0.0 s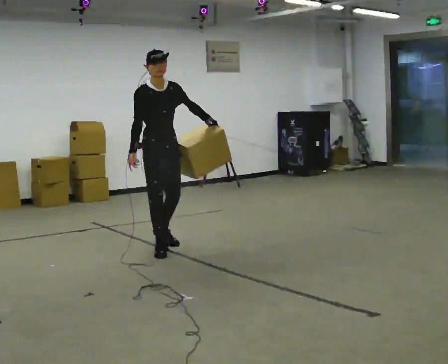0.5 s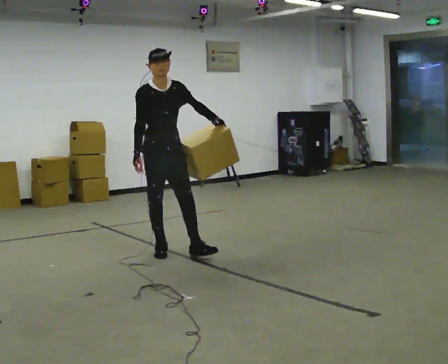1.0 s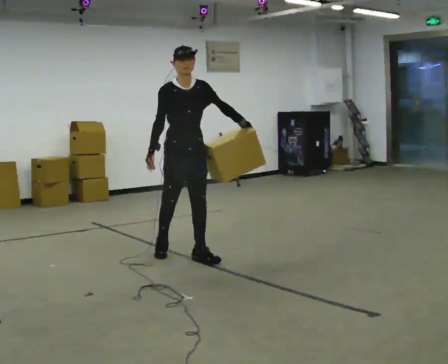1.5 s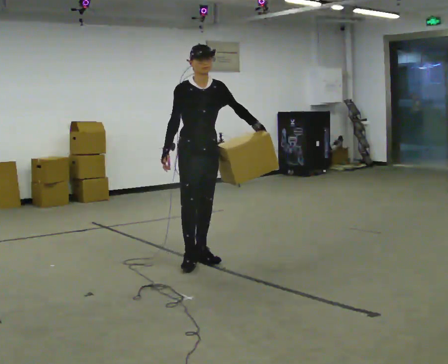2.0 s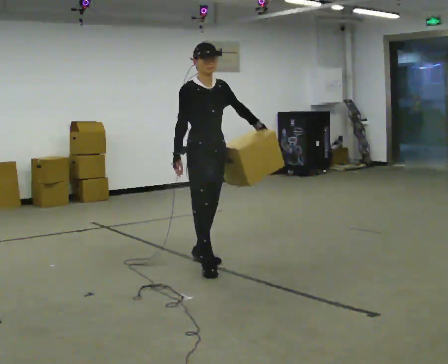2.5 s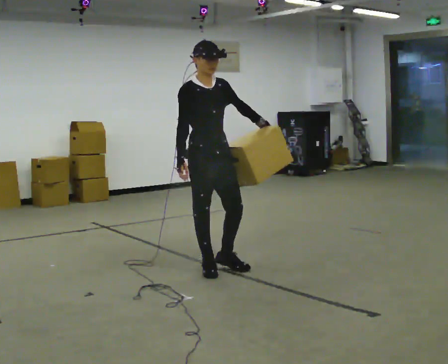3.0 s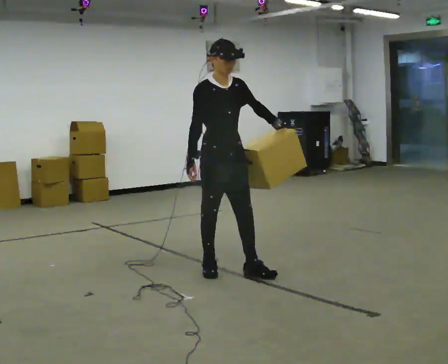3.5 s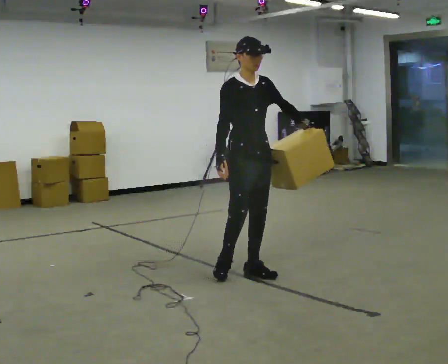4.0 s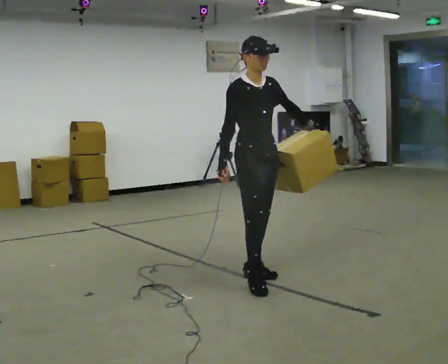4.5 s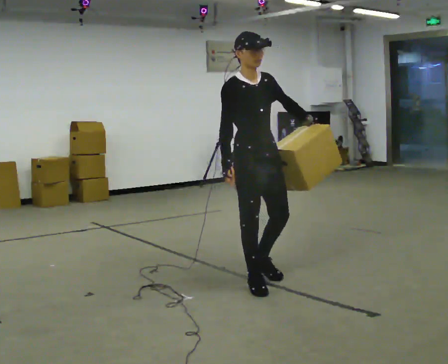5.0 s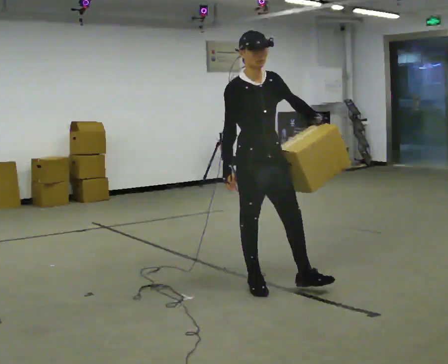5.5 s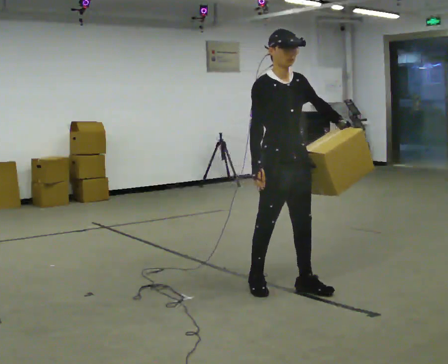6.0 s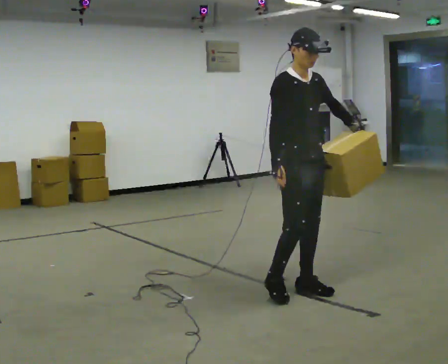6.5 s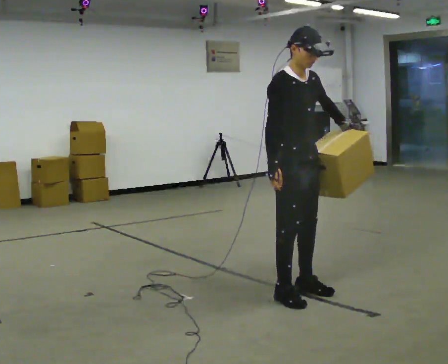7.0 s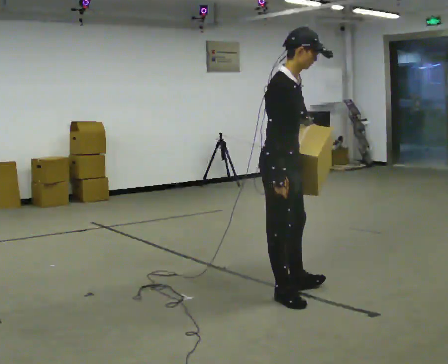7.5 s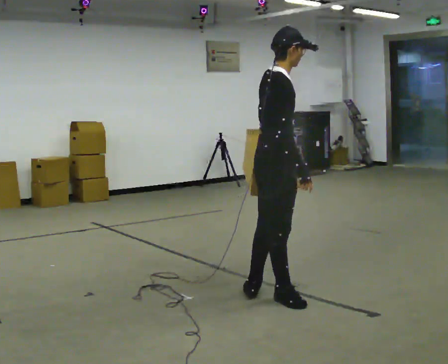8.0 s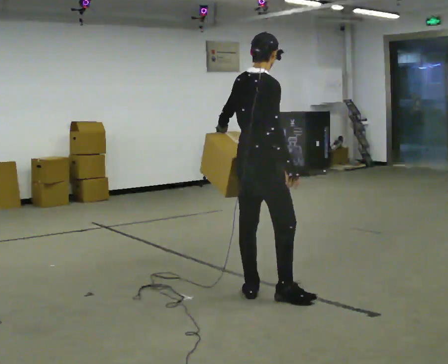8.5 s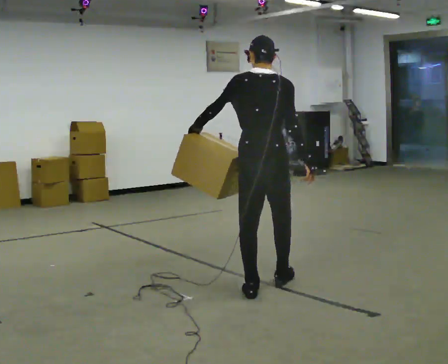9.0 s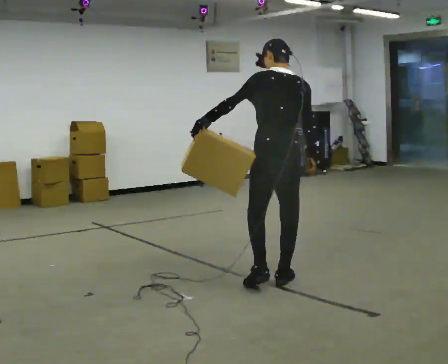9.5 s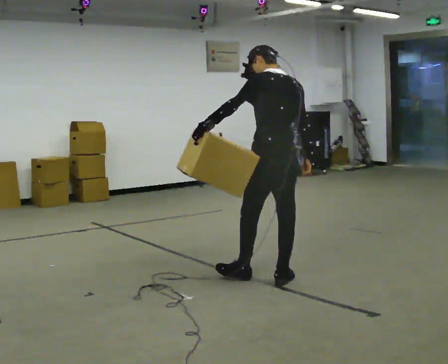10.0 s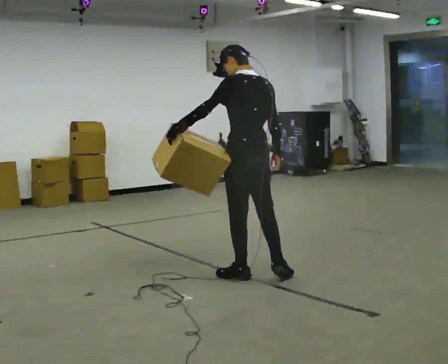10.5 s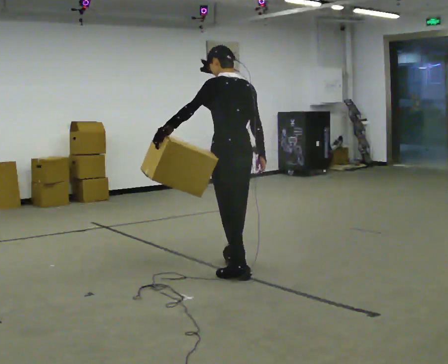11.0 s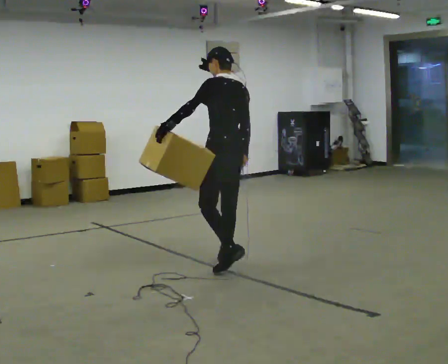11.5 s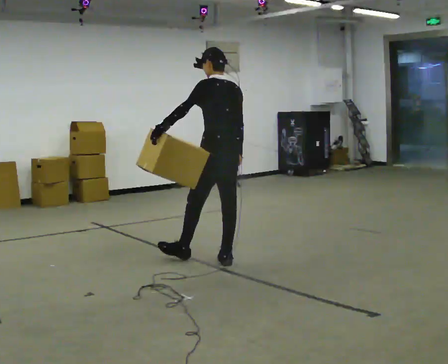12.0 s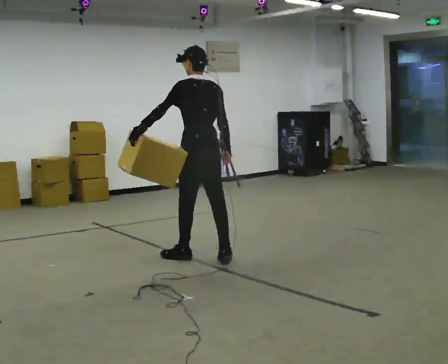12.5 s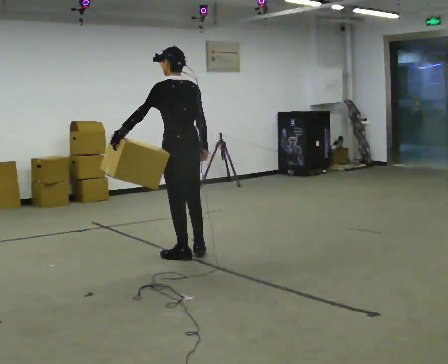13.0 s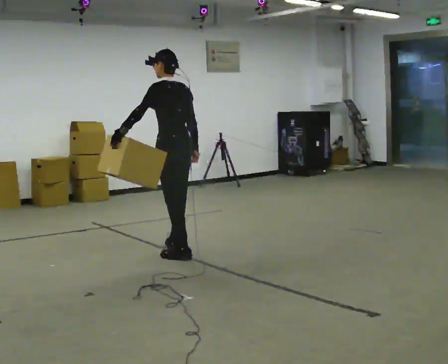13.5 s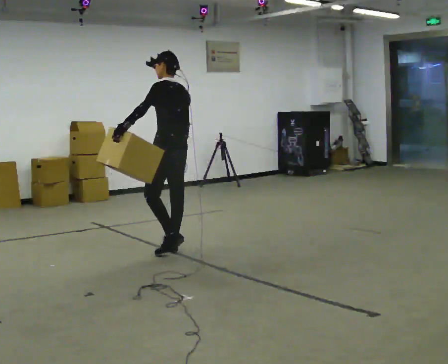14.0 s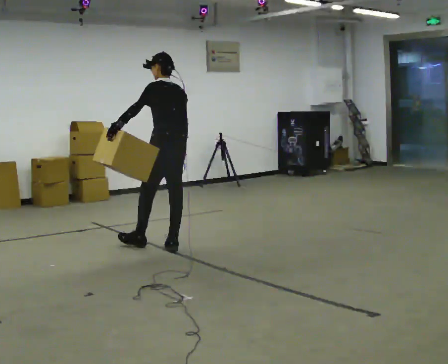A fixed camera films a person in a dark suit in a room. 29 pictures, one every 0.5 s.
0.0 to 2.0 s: In the picture they go toward the camera and to the right, about 0.75 m in 2 steps, which for them is forward.
2.0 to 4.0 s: In the picture they go to the right and toward the camera, about 0.5 m in 2 steps, which for them is forward.
4.0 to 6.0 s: In the picture they go toward the camera and to the right, about 0.5 m in 1 step, which for them is forward.
6.0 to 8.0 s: Seen from above the body turns counterclockwise, about 90 degrees: to their left, with its near side sliding to the right. In the picture they go to the left, about 0.25 m in 2 steps.
8.0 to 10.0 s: The person turns about 90 degrees to their left, counterclockwise seen from above, so the part of the body nearest the lens slides to the right. In the picture they go away from the camera, about 0.5 m in 2 steps.
10.0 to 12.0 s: In the picture they go away from the camera and to the left, about 0.75 m in 2 steps, which for them is forward.
12.0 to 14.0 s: In the picture they go away from the camera and to the left, about 0.5 m in 1 step, which for them is forward.
The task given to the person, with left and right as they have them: Hold the object against your hip on the side the operator calls, and carry it back and forth across the room.
The film runs forward here.
